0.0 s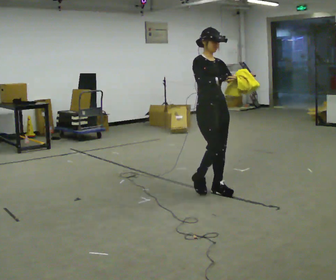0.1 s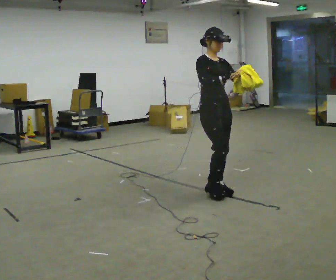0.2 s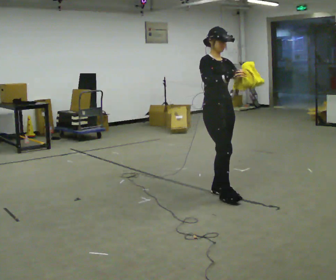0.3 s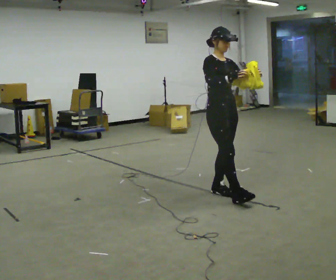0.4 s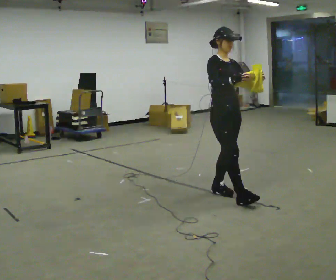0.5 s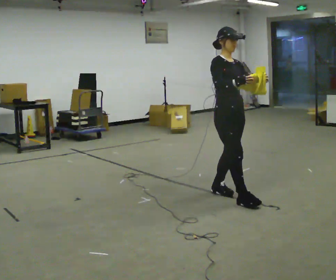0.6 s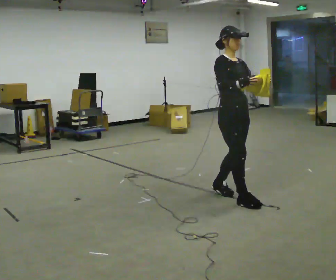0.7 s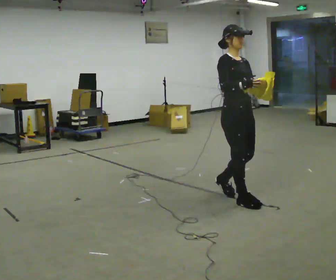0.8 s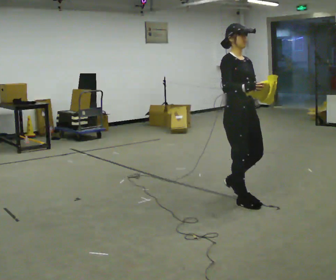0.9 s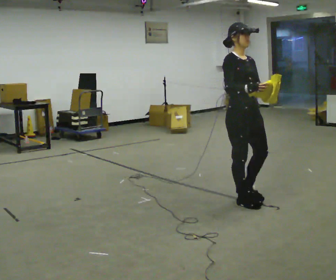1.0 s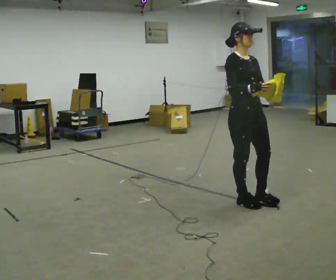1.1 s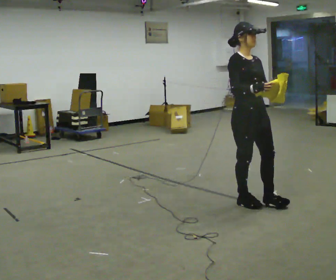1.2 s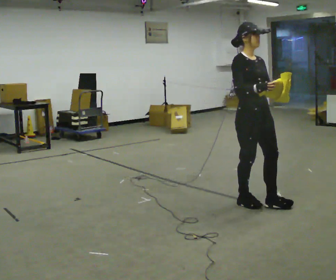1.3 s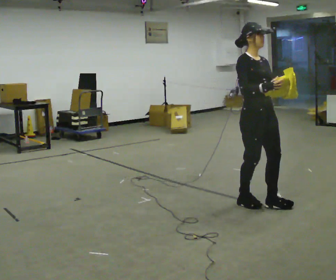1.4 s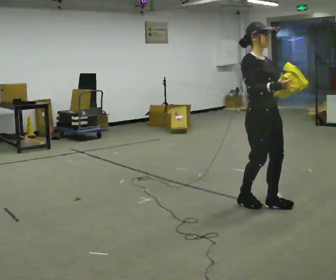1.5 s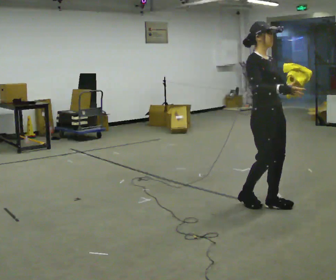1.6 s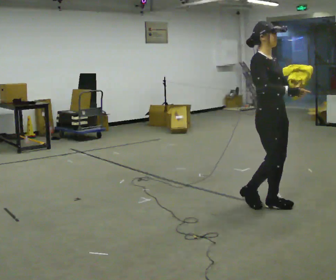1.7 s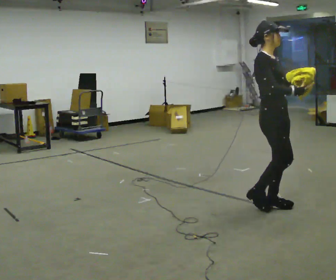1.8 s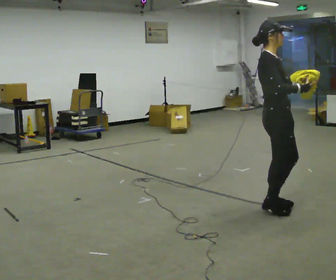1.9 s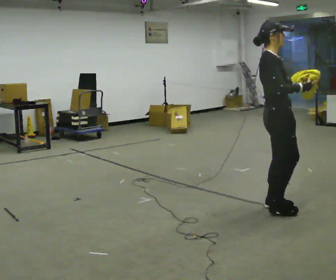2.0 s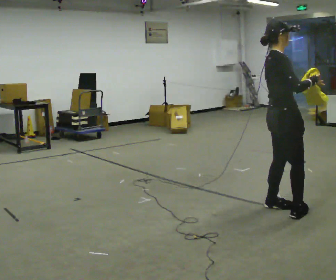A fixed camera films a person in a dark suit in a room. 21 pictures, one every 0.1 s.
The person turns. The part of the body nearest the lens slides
to the right.
The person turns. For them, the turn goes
to their left.
0.0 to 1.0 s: In the picture they go to the right and toward the camera, about 0.5 m in 1 step, which for them is forward.
1.0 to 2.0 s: The part of the body nearest the lens slides to the right as the person turns to their left by about 60 degrees. In the picture they go to the right and toward the camera, about 0.25 m in 2 steps.
The film runs forward here.
